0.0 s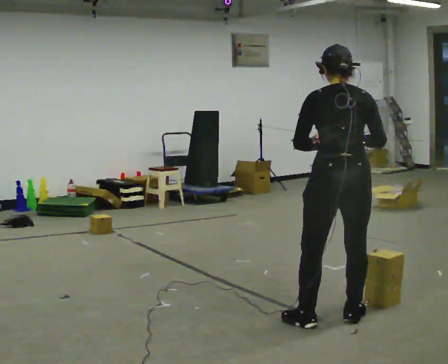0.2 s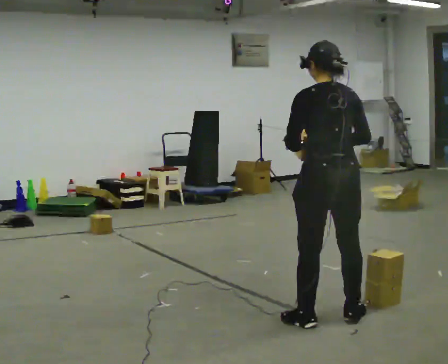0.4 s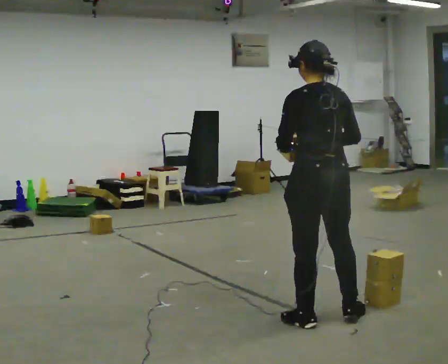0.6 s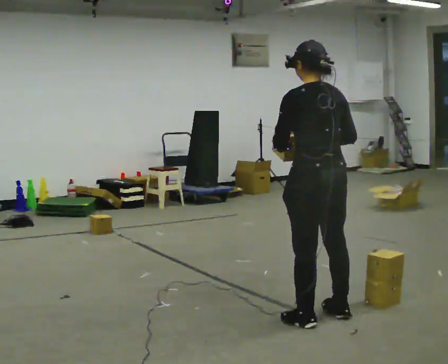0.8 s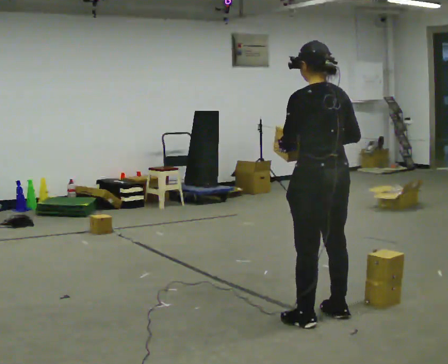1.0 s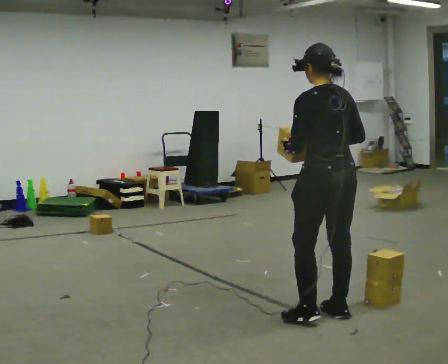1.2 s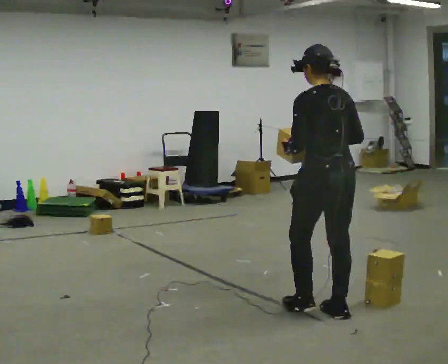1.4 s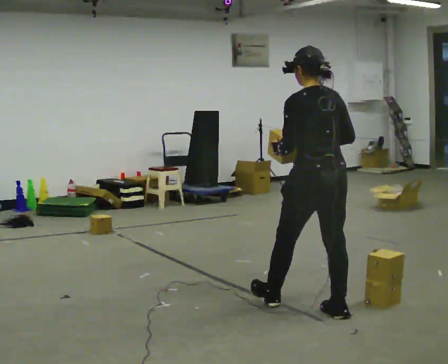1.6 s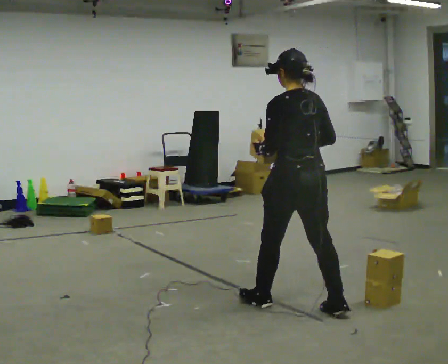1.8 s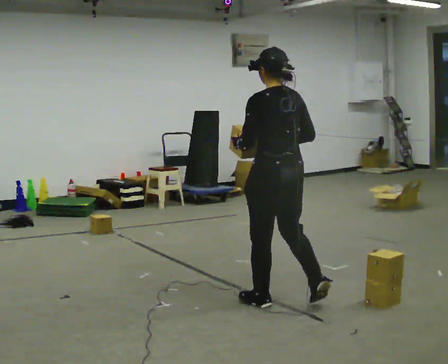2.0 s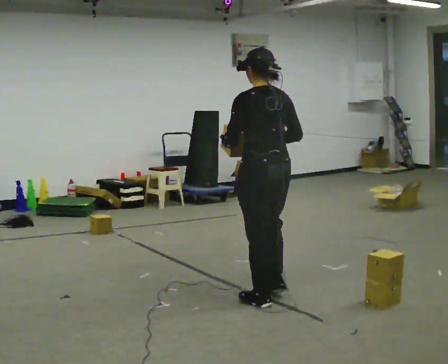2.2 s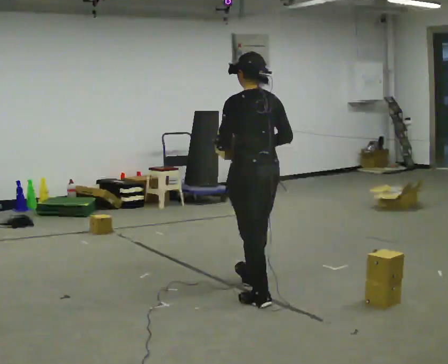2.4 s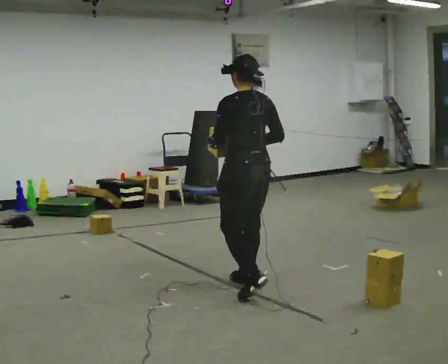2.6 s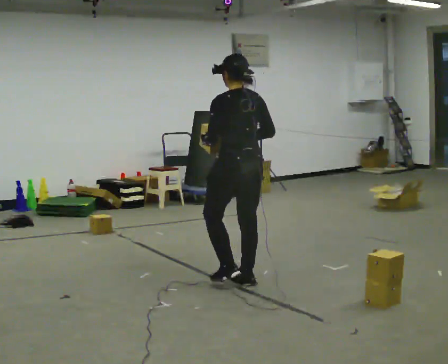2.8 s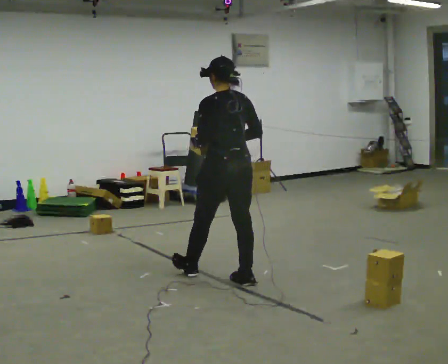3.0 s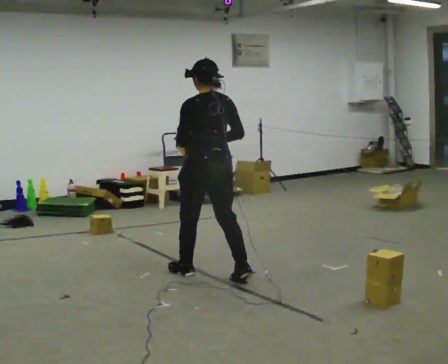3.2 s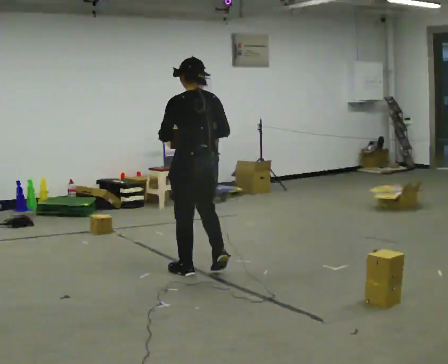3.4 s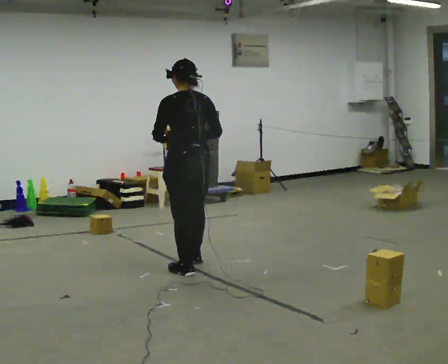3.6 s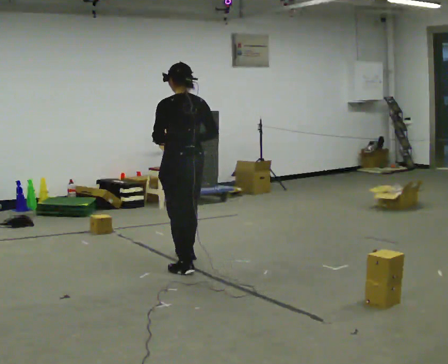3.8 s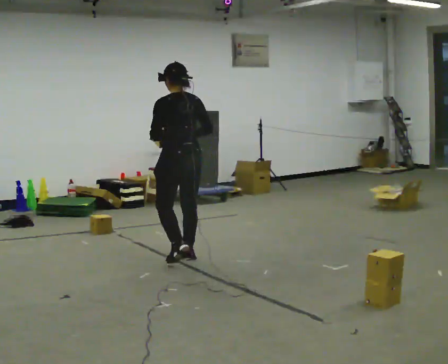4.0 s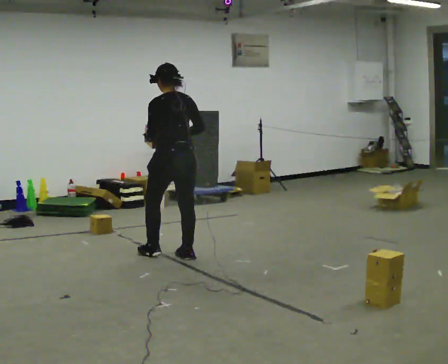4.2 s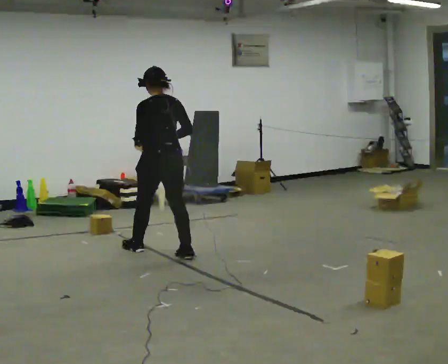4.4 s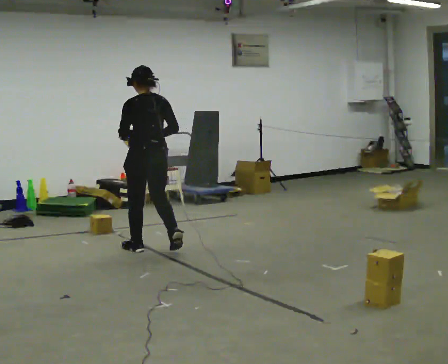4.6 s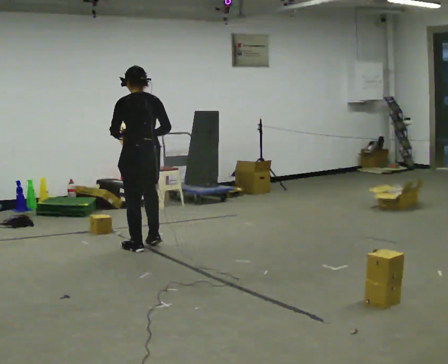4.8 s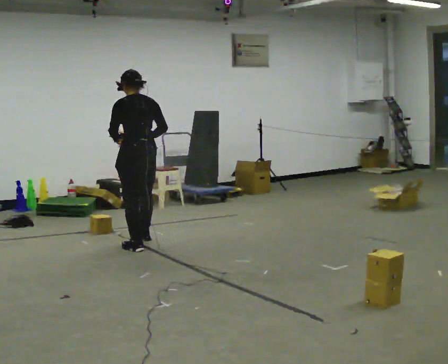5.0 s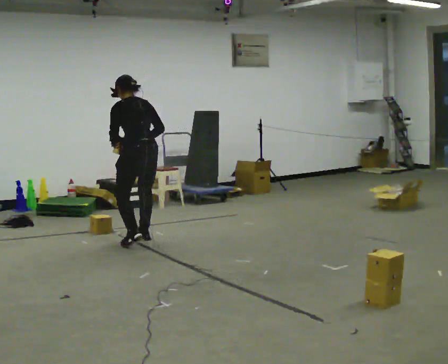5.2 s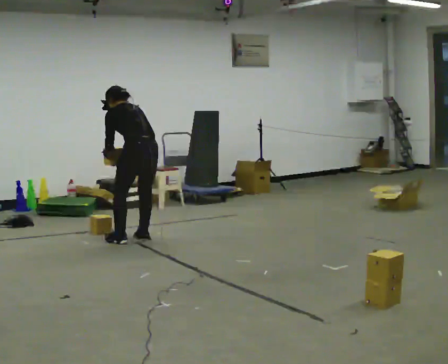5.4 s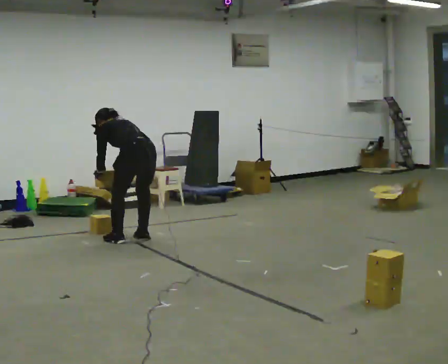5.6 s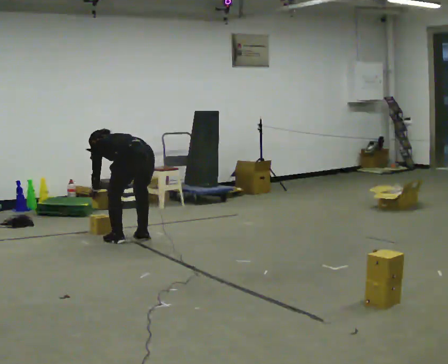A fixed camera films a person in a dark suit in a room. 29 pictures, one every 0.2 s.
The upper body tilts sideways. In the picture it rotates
counterclockwise.
0.0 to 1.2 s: The person moves a little, or ends about where they began.
1.2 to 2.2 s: In the picture they go away from the camera and to the left, about 0.5 m in 1 step, which for them is forward.
2.2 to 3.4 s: In the picture they go away from the camera and to the left, about 1 m in 2 steps, which for them is forward.
3.4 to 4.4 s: In the picture they go away from the camera and to the left, about 0.5 m in 2 steps, which for them is forward.
4.4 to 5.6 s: In the picture they go away from the camera, about 0.25 m in 2 steps, which for them is forward. The upper body goes downward. The upper body tips away from the camera, its near side rolling upward, as they bend forward. In the picture their left hand goes downward.
The film runs forward here.
